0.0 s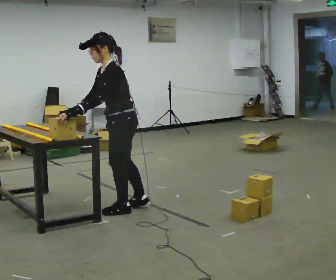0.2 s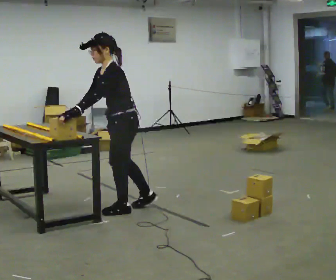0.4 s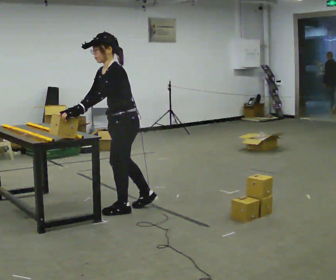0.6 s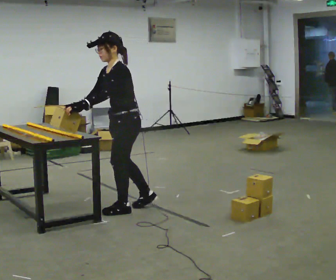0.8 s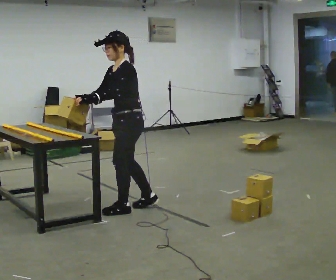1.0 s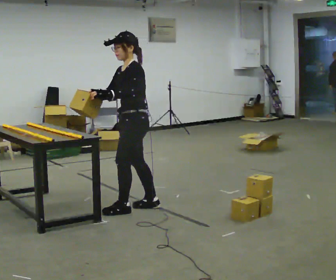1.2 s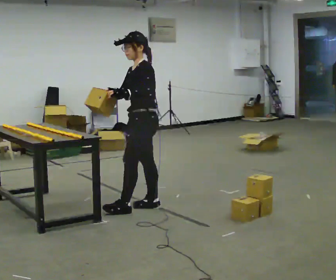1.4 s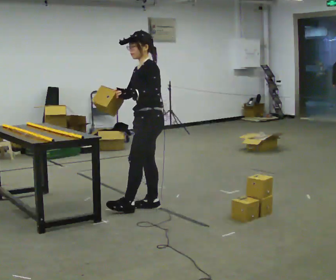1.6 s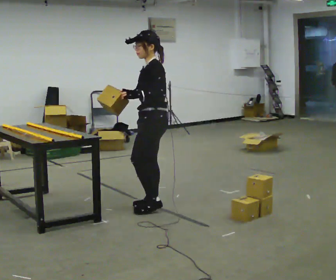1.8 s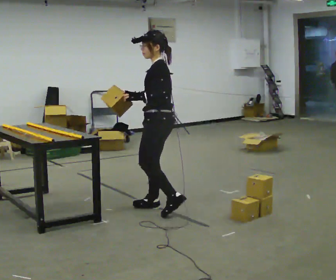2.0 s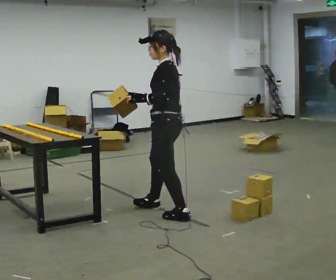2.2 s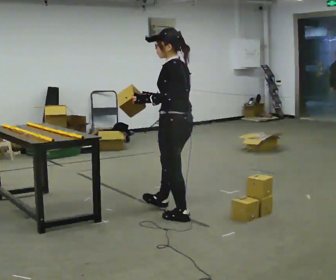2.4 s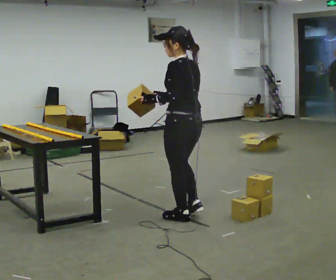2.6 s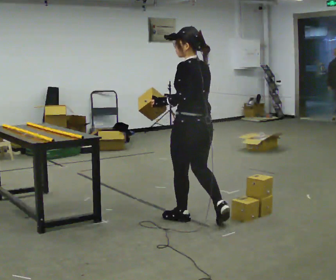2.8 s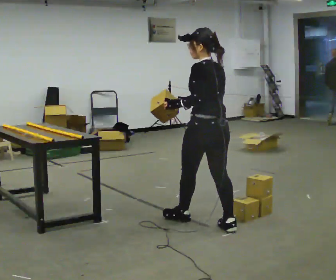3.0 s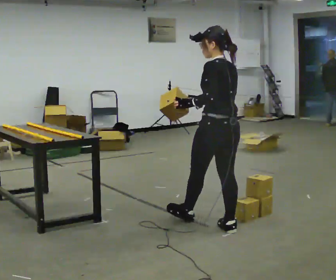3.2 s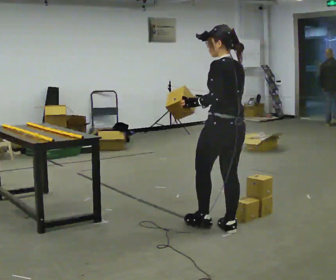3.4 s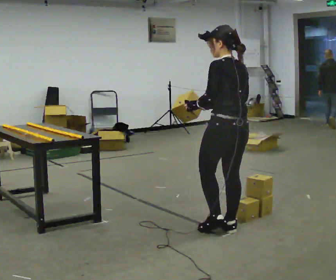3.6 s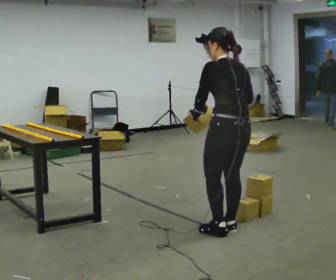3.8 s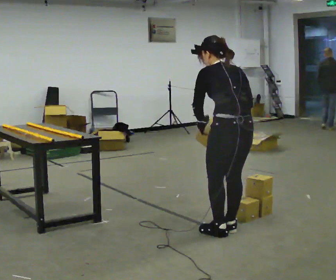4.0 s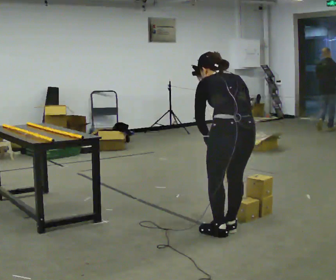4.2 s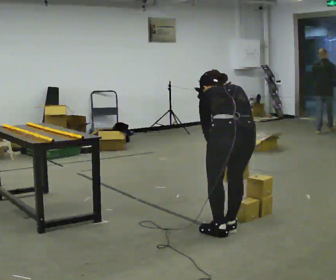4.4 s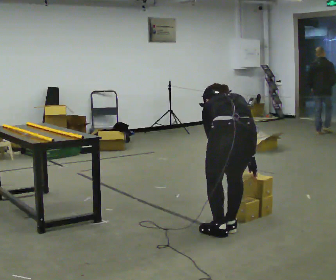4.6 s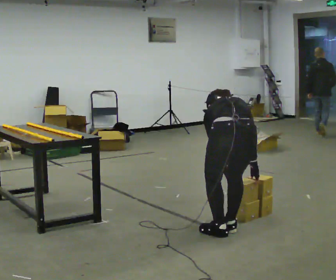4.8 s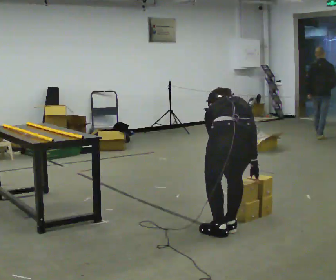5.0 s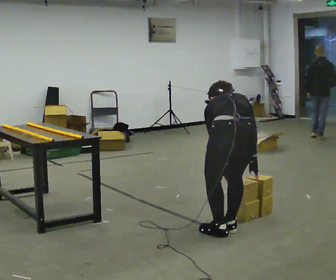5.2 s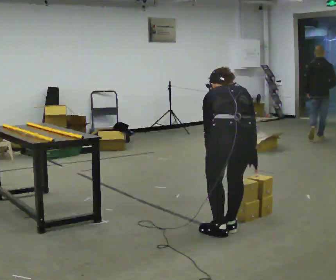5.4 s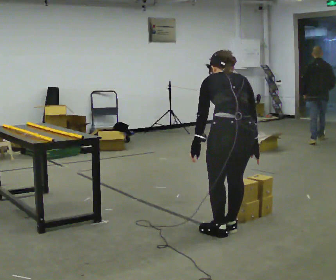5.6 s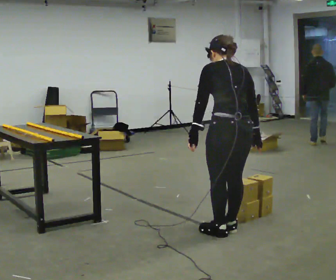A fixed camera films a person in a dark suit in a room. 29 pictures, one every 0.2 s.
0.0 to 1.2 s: In the picture they go to the right, about 0.25 m, which for them is backward. In the picture their left hand goes to the right.
1.2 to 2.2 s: Seen from above the body turns clockwise, about 45 degrees: to their right, with its near side sliding to the left. In the picture they go to the right and toward the camera, about 0.5 m in 2 steps, which for them is backward and to their left.
2.2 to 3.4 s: The person turns about 30 degrees to their right, clockwise seen from above, so the part of the body nearest the lens slides to the left. In the picture they go to the right and toward the camera, about 0.5 m in 1 step, which for them is backward.
3.4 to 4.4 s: The part of the body nearest the lens slides to the left as the person turns to their right by about 30 degrees. In the picture they go toward the camera, about 0.25 m, which for them is backward. The shoulders move downward. The upper body tips away from the camera, its near side rolling upward, as they bend forward. In the picture their right hand goes downward.
4.4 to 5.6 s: The upper body goes upward. The upper body tips toward the camera, its near side rolling downward, as they lean back or straighten. In the picture their left hand goes upward.
The film runs backward here.
